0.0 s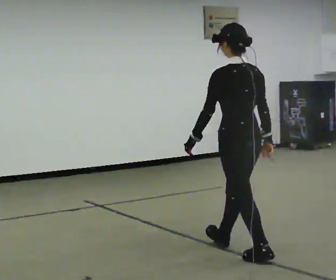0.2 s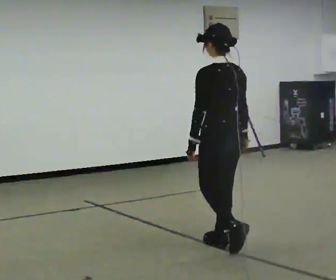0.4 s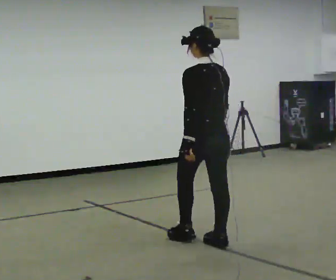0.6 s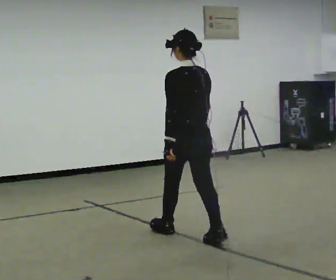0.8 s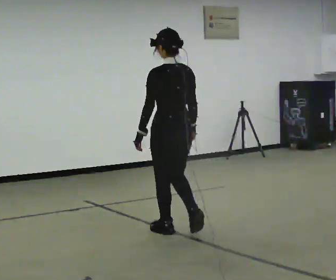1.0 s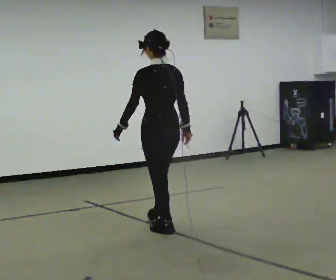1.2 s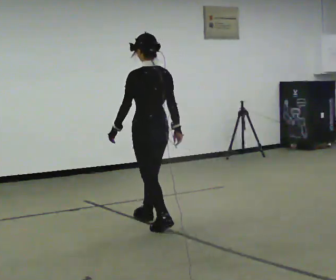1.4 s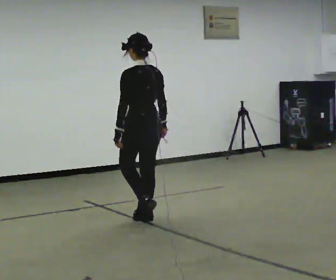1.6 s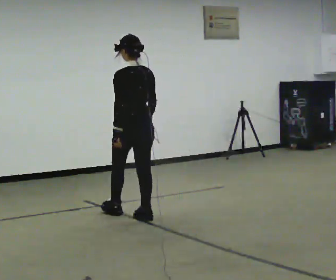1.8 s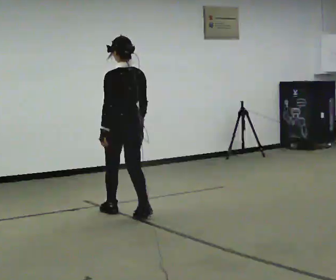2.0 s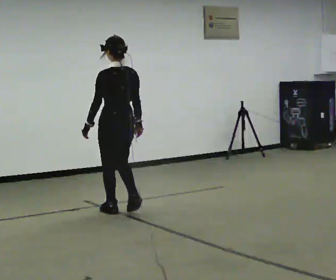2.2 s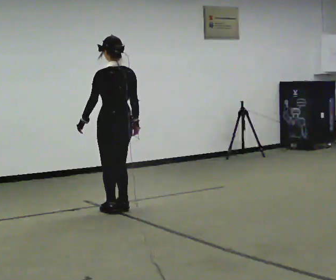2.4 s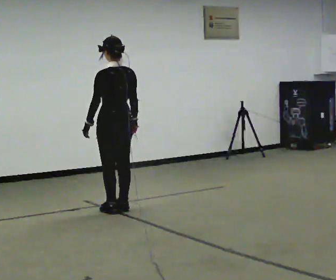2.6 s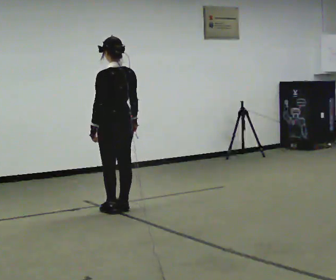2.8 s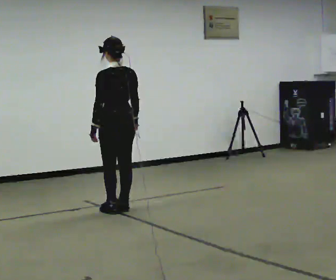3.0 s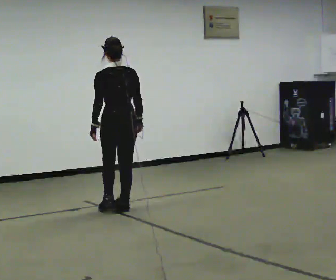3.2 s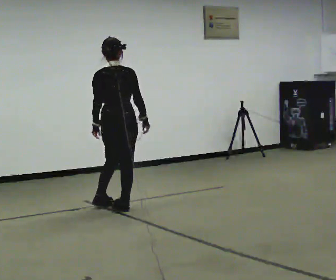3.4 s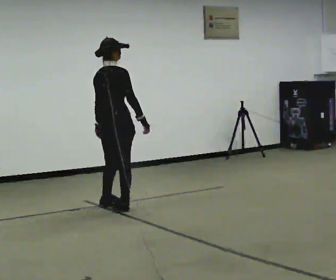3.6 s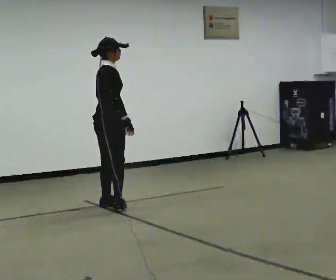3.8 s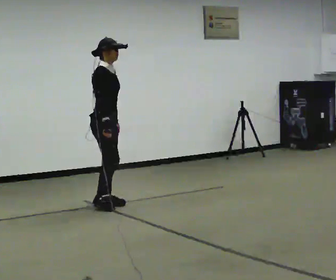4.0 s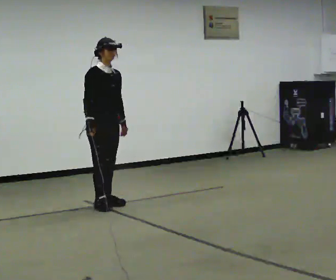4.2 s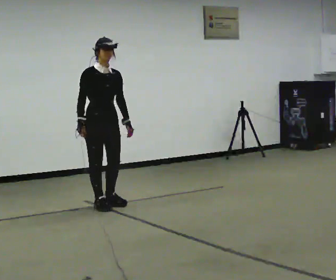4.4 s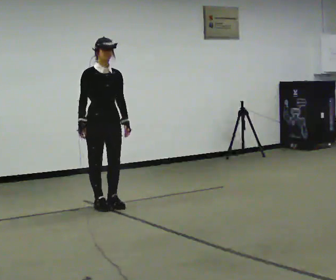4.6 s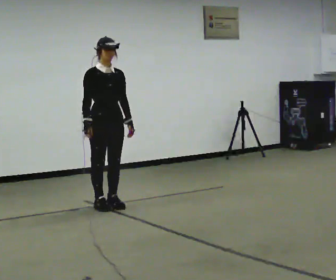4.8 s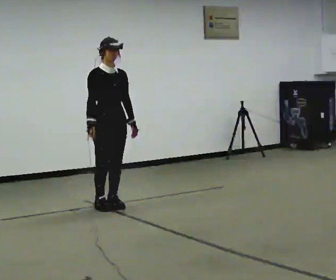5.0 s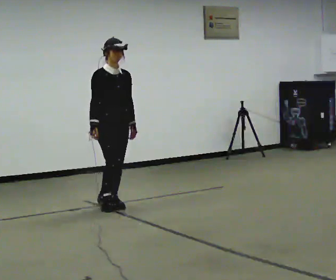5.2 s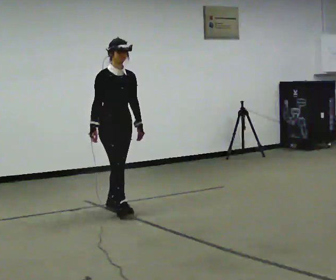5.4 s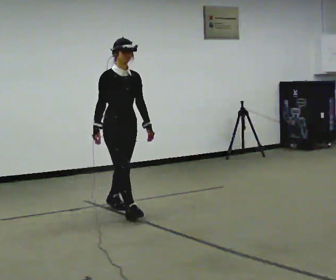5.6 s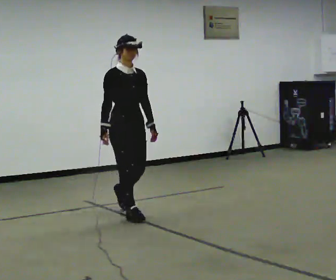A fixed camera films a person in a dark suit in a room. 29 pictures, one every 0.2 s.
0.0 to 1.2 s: In the picture they go away from the camera and to the left, about 1 m in 3 steps, which for them is forward.
1.2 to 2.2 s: In the picture they go away from the camera and to the left, about 0.5 m in 1 step, which for them is forward.
2.2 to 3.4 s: Seen from above the body turns clockwise, about 75 degrees: to their right, with its near side sliding to the left. In the picture they go away from the camera, about 0.25 m in 2 steps.
3.4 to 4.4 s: The part of the body nearest the lens slides to the left as the person turns to their right by about 105 degrees. In the picture their right hand goes to the left, the arm swinging clockwise.
4.4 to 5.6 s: In the picture they go toward the camera and to the right, about 0.5 m in 1 step, which for them is forward.
The film runs forward here.
